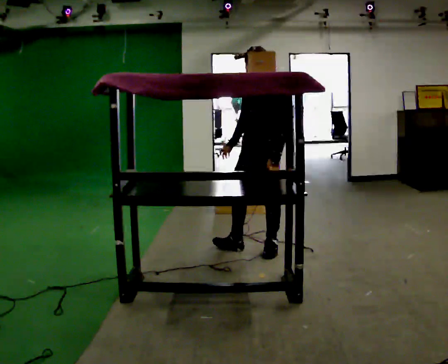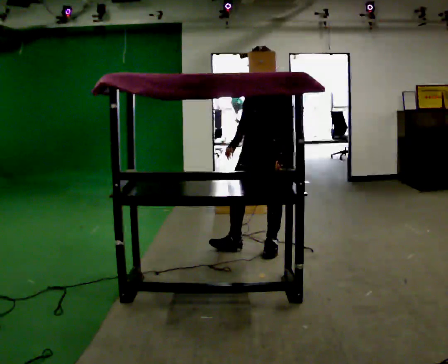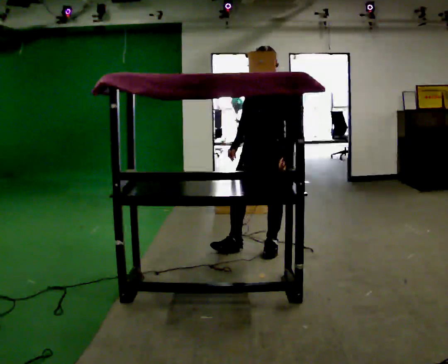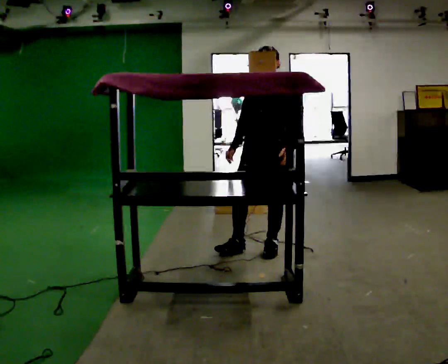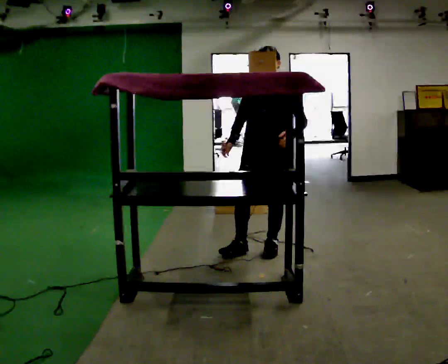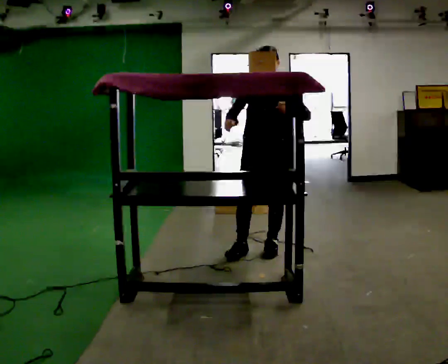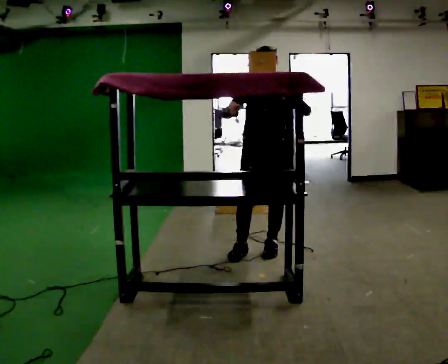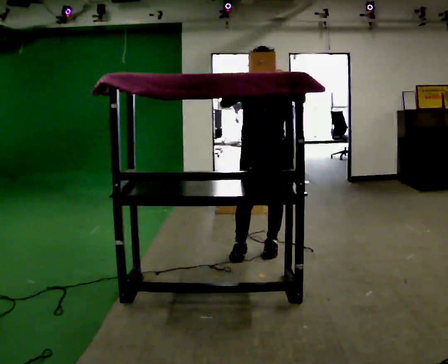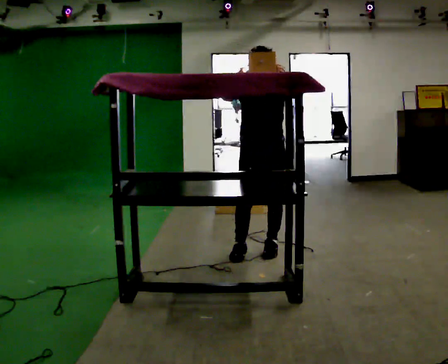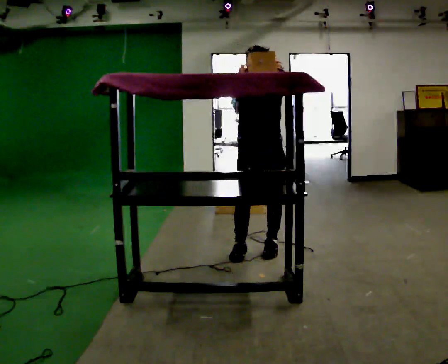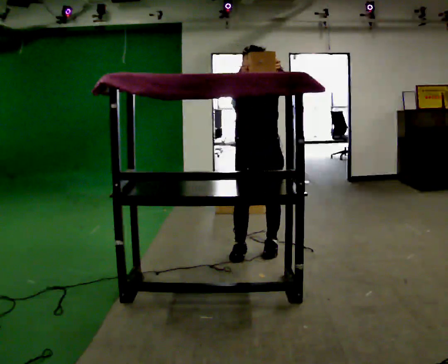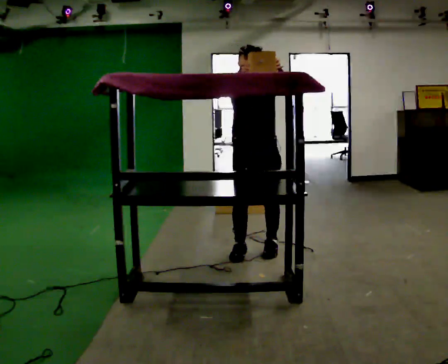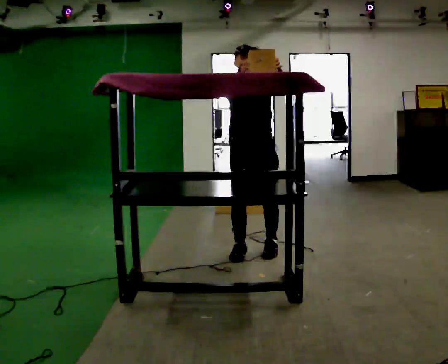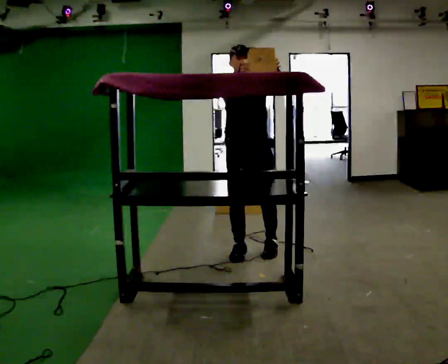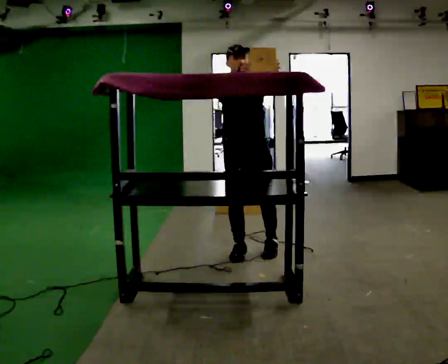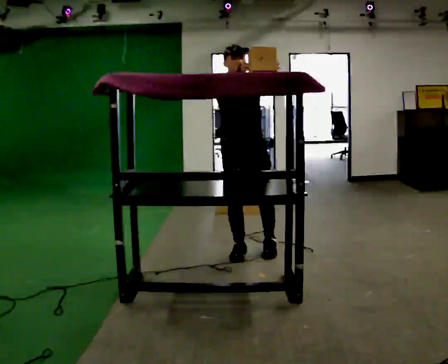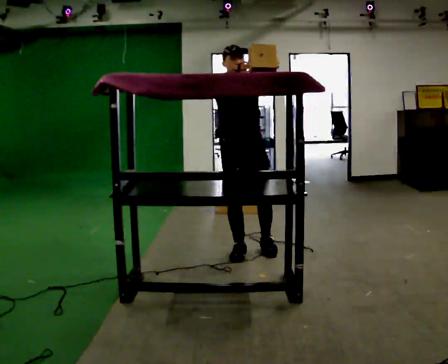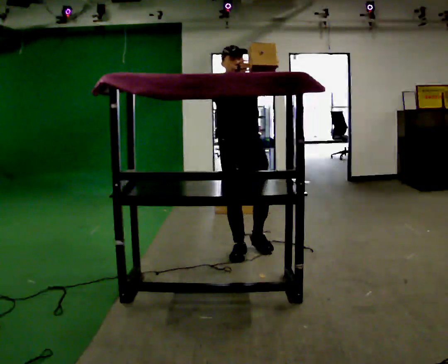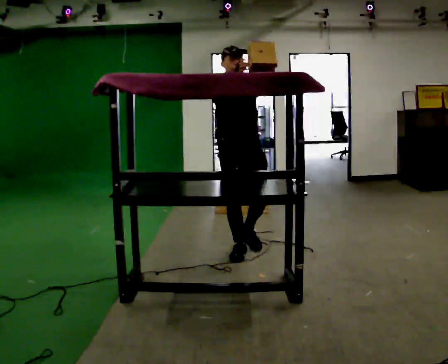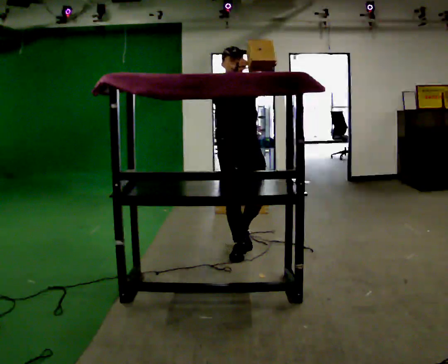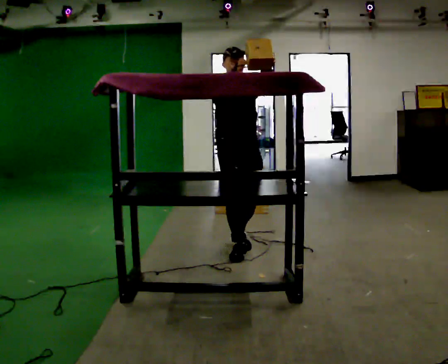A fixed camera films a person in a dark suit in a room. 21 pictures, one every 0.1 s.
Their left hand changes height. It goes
upward.
The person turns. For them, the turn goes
to their left.
0.0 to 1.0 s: The part of the body nearest the lens slides to the right as the person turns to their left by about 45 degrees. In the picture their right hand goes upward.
1.0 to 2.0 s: In the picture they go to the left, about 0.25 m in 1 step, which for them is to their right.
The film runs backward here.
